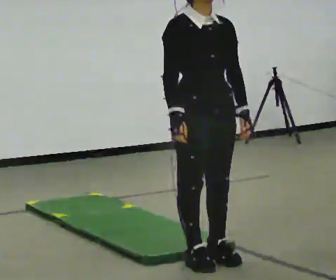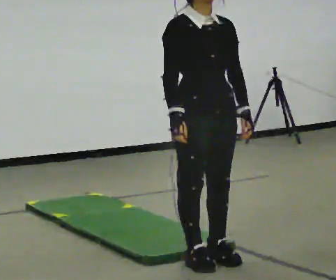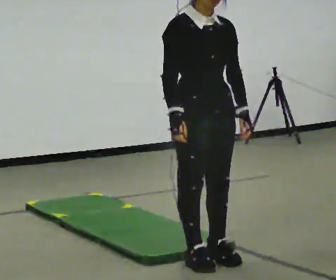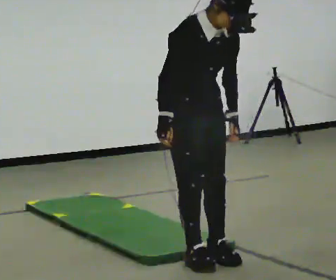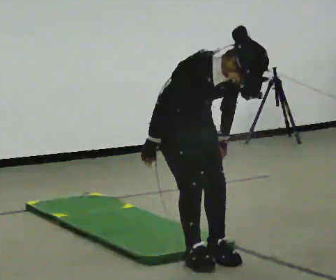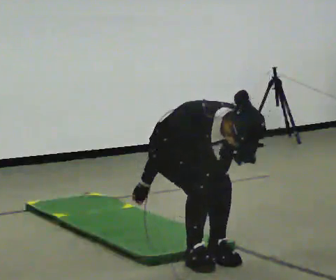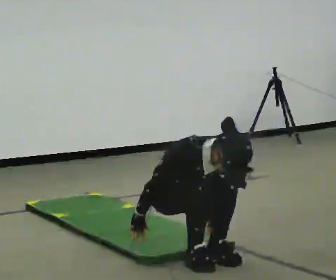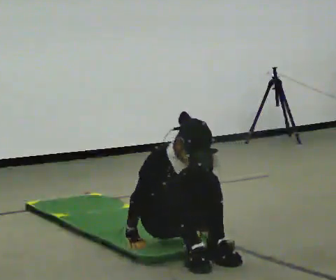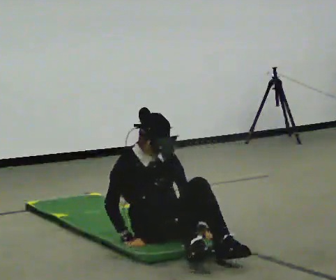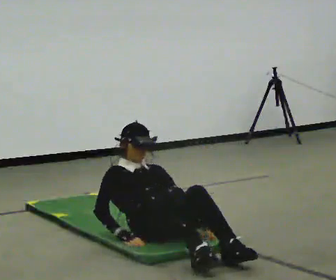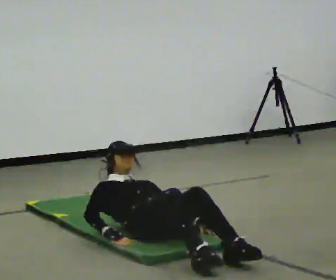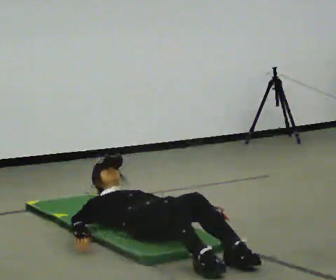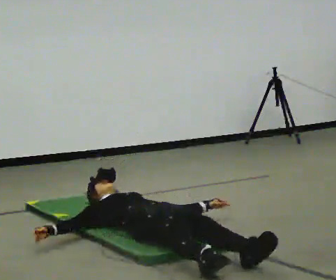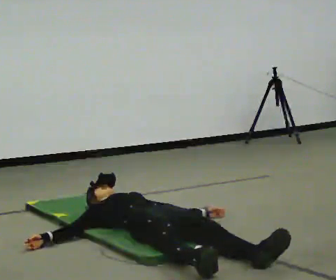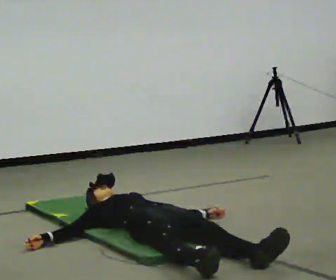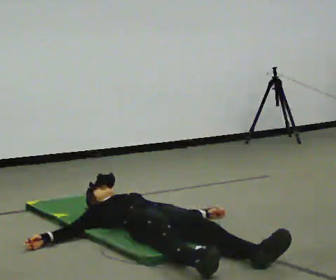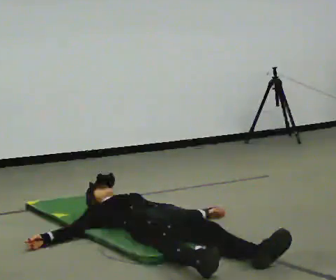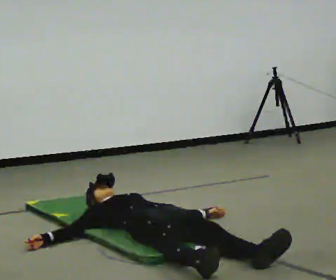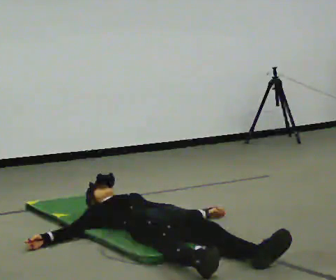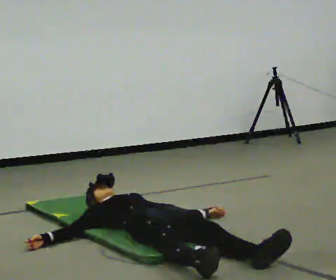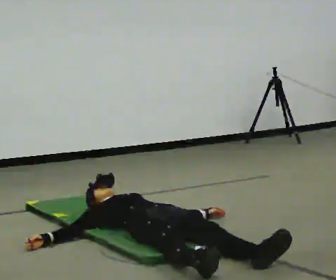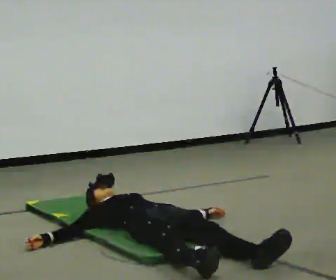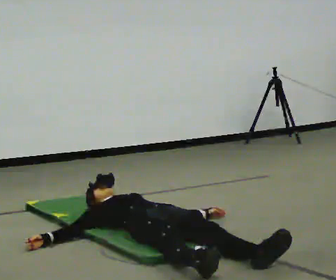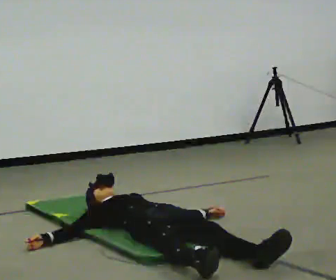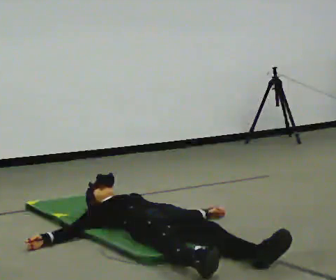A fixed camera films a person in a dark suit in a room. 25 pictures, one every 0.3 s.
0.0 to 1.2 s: In the picture they go away from the camera, about 0.25 m, which for them is backward. The shoulders move downward. The upper body tips toward the camera, its near side rolling downward, as they bend forward.
1.2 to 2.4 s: In the picture they go away from the camera and to the left, about 0.25 m, which for them is backward. The shoulders move downward. In the picture their left hand goes downward.
2.4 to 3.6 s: The shoulders move downward. The upper body tips away from the camera, its near side rolling upward, as they lean back or straighten. In the picture their right hand goes to the left.
3.6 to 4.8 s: The person moves a little, or ends about where they began.
4.8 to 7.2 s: The person keeps their place and pose.
The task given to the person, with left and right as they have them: From standing, lie down flat on your back, then get back up to standing in whatever way is natural. Repeat the movement at your own pace until the operator says stop; do not rush.
The film runs forward here.
